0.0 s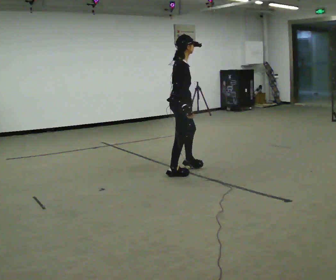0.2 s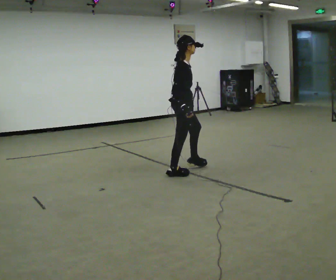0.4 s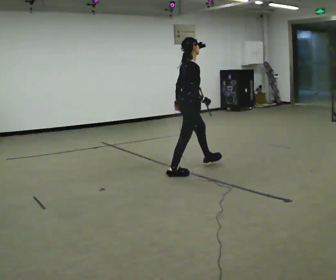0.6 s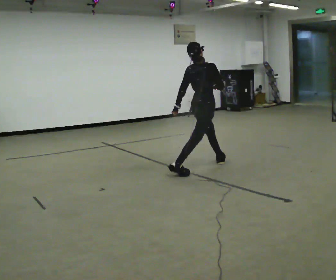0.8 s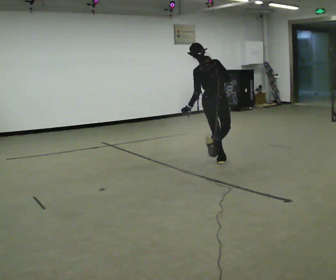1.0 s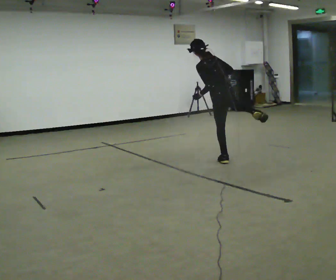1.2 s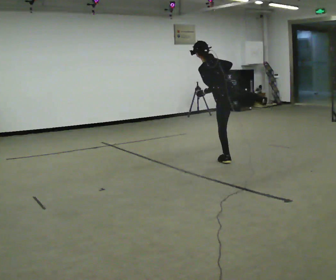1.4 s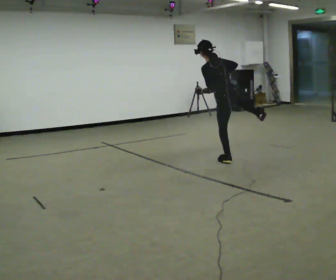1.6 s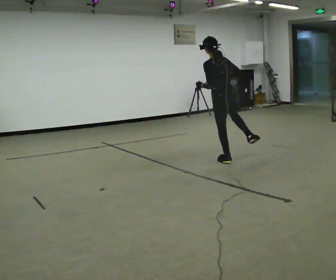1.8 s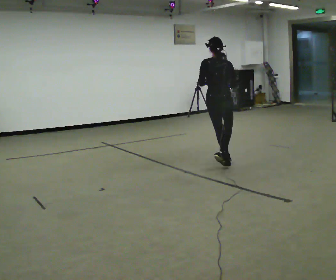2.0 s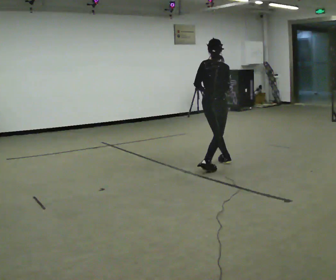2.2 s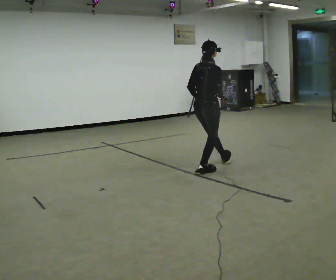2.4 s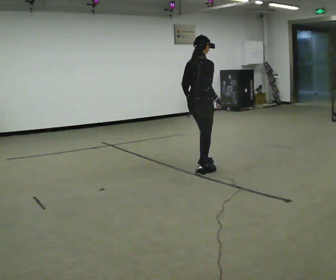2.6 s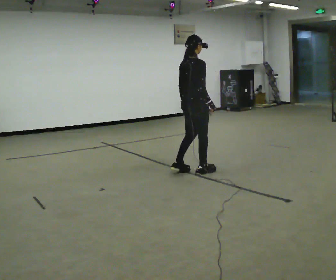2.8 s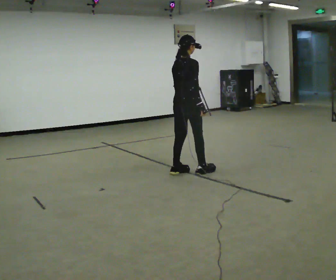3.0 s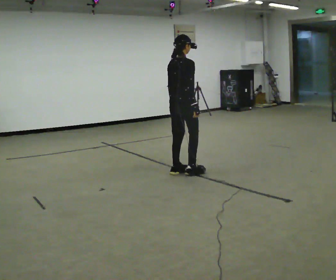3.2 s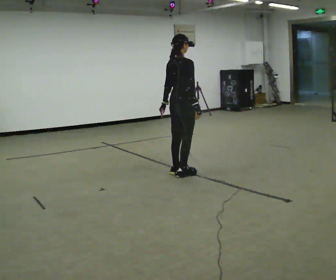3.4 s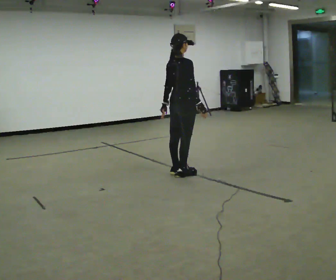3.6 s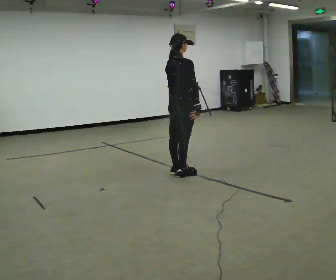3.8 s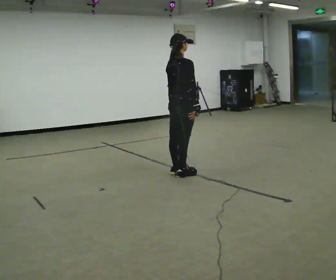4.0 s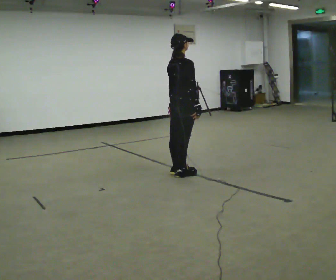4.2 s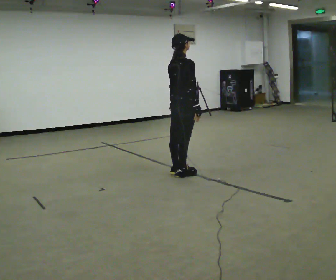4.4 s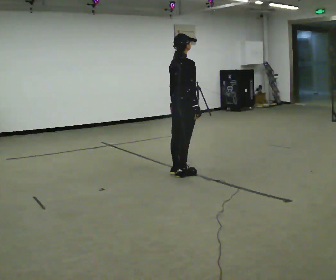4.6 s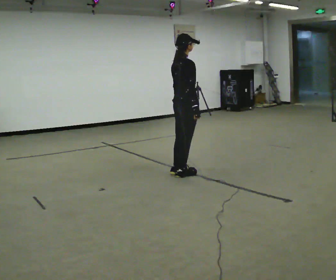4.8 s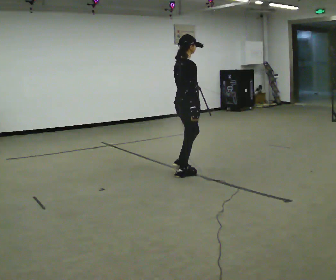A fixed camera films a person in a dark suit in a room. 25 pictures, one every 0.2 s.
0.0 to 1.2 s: Seen from above the body turns counterclockwise, about 120 degrees: to their left, with its near side sliding to the right. In the picture they go to the right and away from the camera, about 0.5 m in 1 step. In the picture the upper body tilts counterclockwise, shoulders to the left. In the picture their right hand goes upward.
1.2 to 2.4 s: The part of the body nearest the lens slides to the left as the person turns to their right by about 75 degrees. In the picture they go to the left and toward the camera, about 0.5 m in 1 step. In the picture the upper body tilts clockwise, shoulders to the right.
2.4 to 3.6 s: In the picture they go to the left, about 0.25 m in 2 steps, which for them is backward.
3.6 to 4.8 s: The person moves a little, or ends about where they began.
The film runs forward here.
